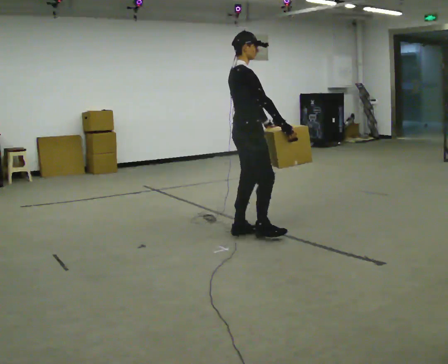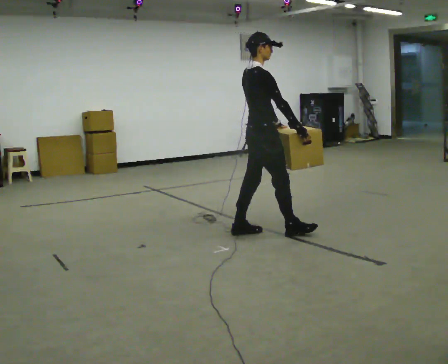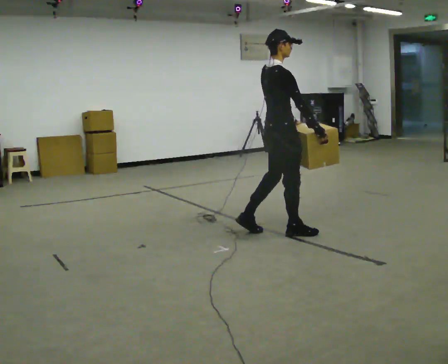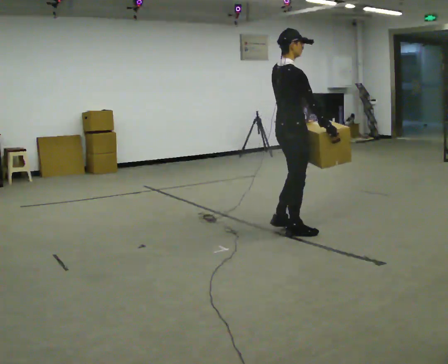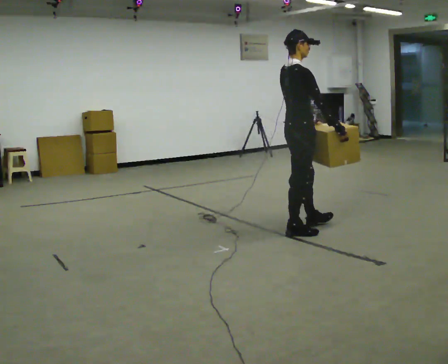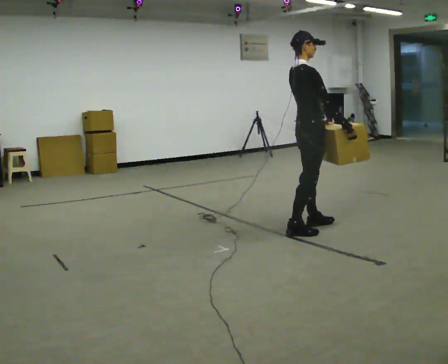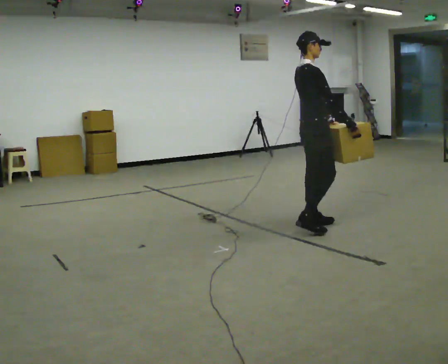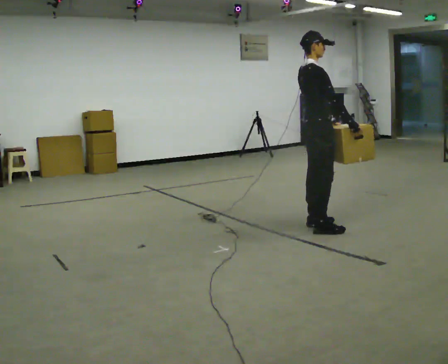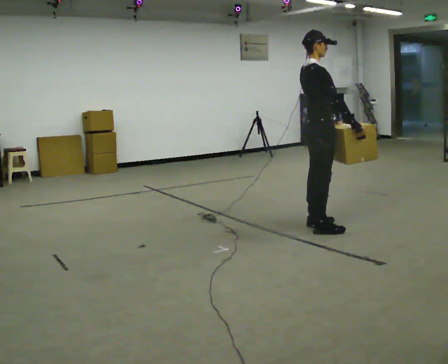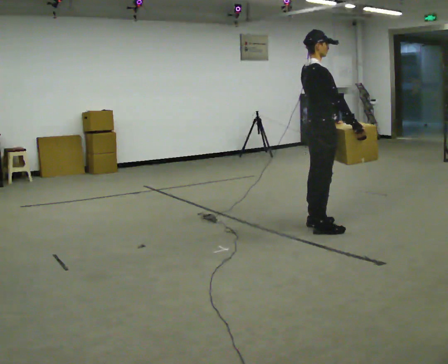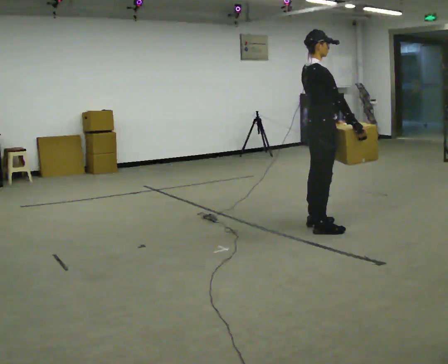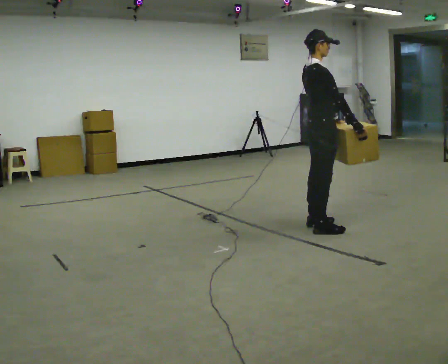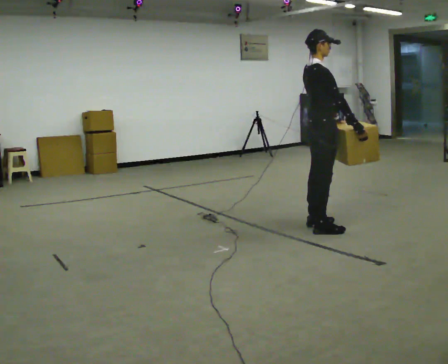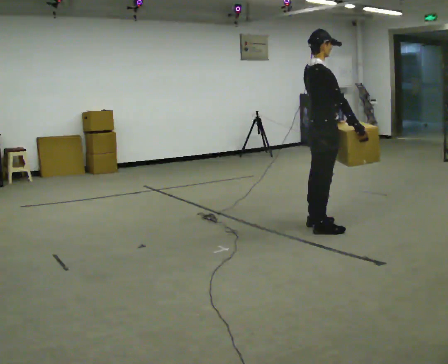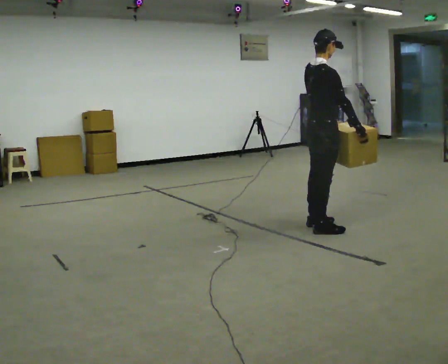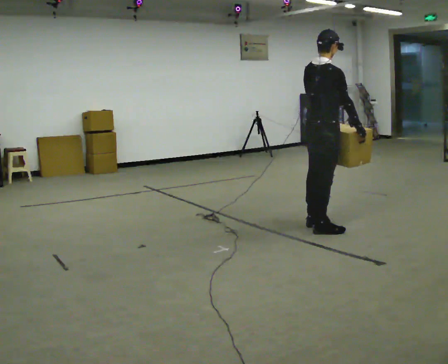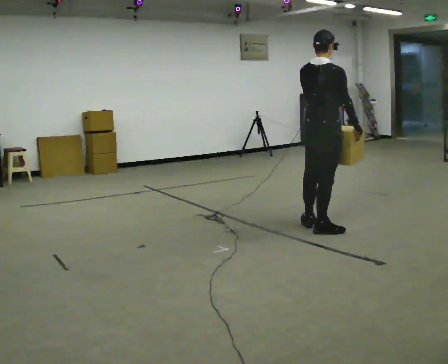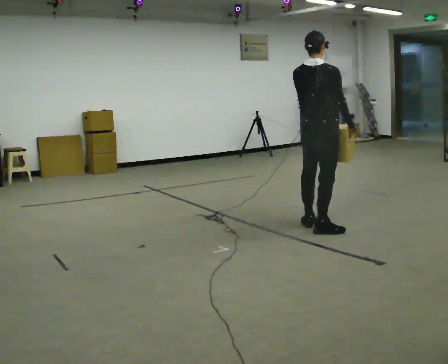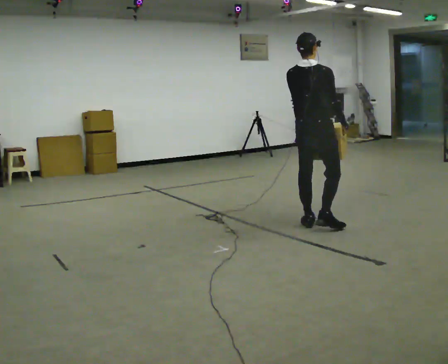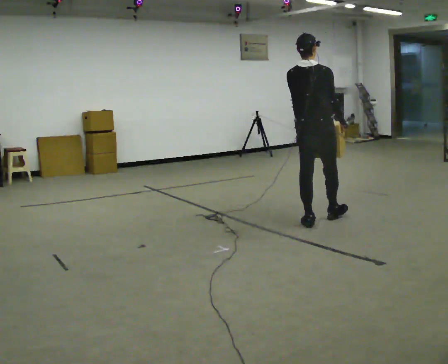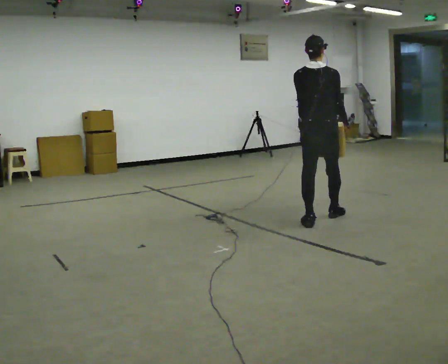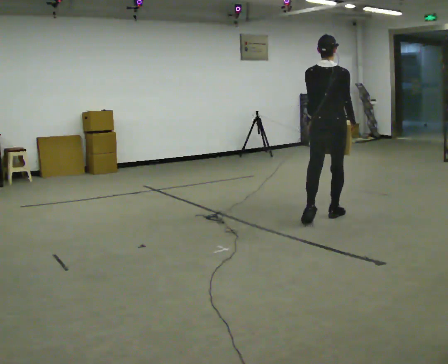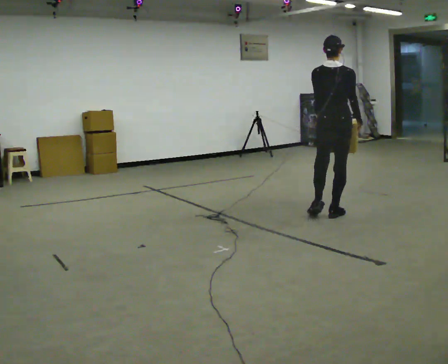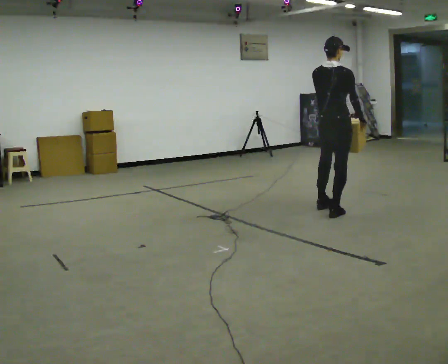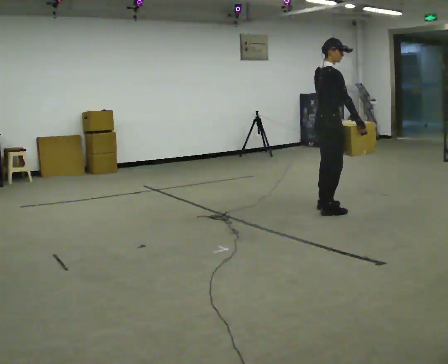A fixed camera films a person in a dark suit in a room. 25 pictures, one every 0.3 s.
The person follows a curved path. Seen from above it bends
counterclockwise.
0.0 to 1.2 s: In the picture they go to the right, about 0.5 m in 2 steps, which for them is forward and to their right.
1.2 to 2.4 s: In the picture they go to the right, about 0.25 m in 1 step, which for them is forward.
2.4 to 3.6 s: The person moves a little, or ends about where they began.
3.6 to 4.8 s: The person turns about 45 degrees to their left, counterclockwise seen from above, so the part of the body nearest the lens slides to the right.
4.8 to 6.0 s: The person turns about 30 degrees to their left, counterclockwise seen from above, so the part of the body nearest the lens slides to the right. In the picture they go away from the camera, about 0.25 m in 1 step, which for them is forward.
6.0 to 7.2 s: Seen from above the body turns clockwise, about 60 degrees: to their right, with its near side sliding to the left. In the picture they go away from the camera, about 0.5 m in 1 step.
The film runs forward here.
